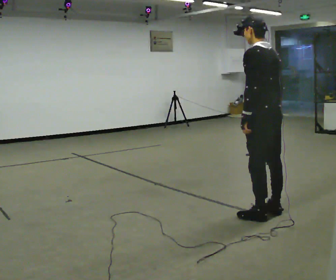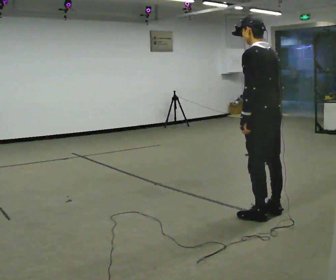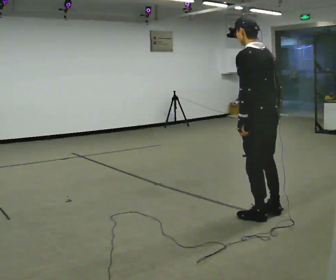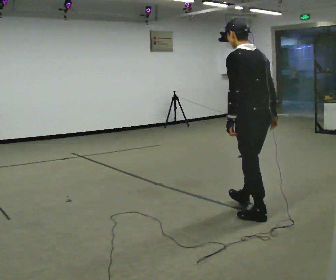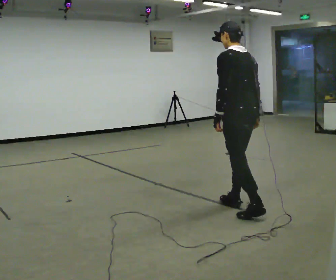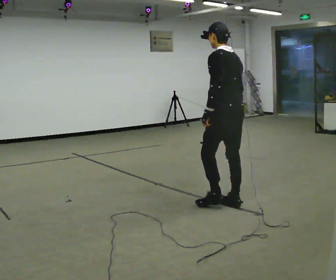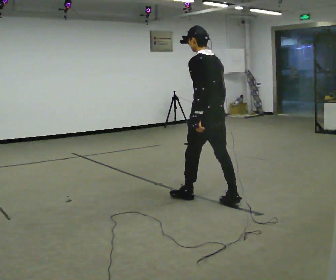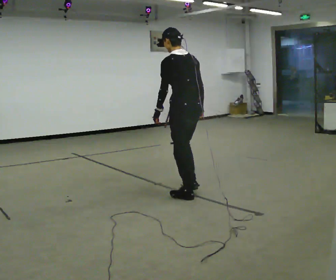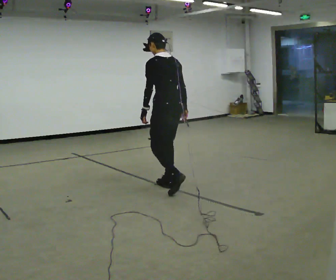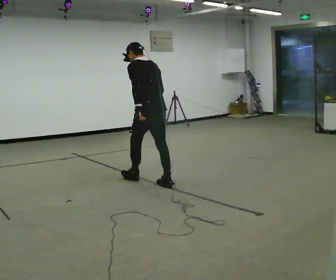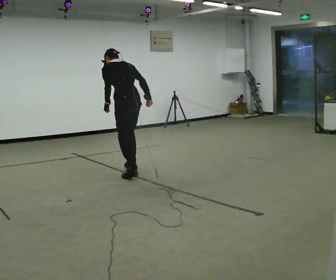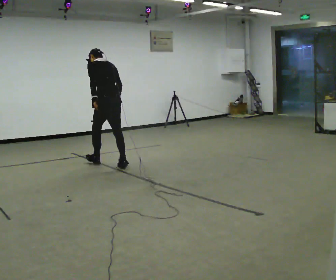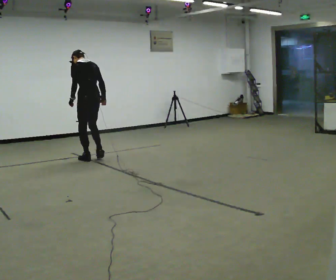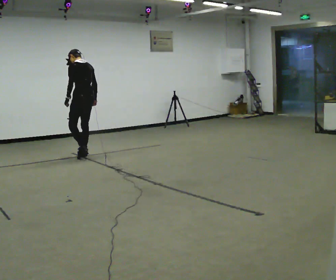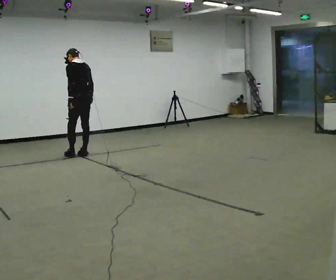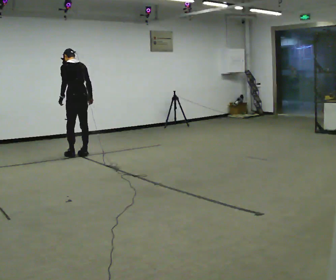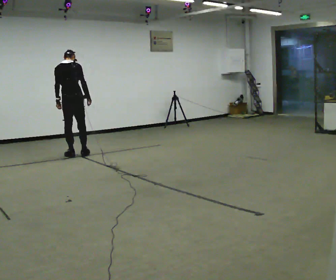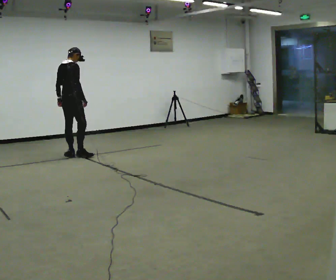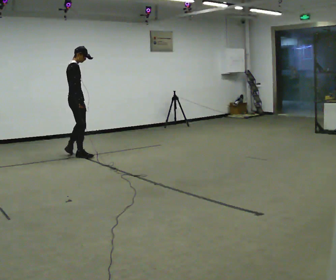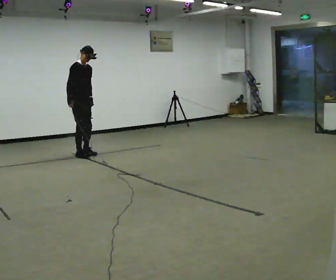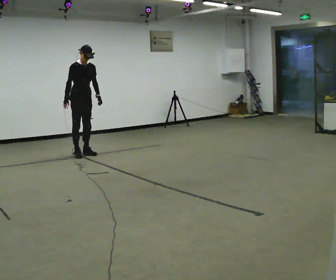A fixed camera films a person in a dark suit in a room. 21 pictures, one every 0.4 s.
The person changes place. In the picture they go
away from the camera.
0.0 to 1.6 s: In the picture they go away from the camera and to the left, about 0.25 m in 1 step, which for them is forward.
1.6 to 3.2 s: In the picture they go away from the camera and to the left, about 1 m in 2 steps, which for them is forward.
3.2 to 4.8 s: In the picture they go away from the camera and to the left, about 2 m in 3 steps, which for them is forward.
4.8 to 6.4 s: The part of the body nearest the lens slides to the left as the person turns to their right by about 30 degrees. In the picture they go to the left and away from the camera, about 0.5 m in 2 steps, which for them is forward.
6.4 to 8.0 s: The person turns about 150 degrees to their right, clockwise seen from above, so the part of the body nearest the lens slides to the left. In the picture they go away from the camera, about 0.25 m in 1 step. The upper body tips toward the camera, its near side rolling downward. In the picture their right hand goes to the left, the arm swinging clockwise.
The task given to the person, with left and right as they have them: Start still; gradually go slow → normal → fast; briefly maintain fast speed; stop.
The film runs forward here.
